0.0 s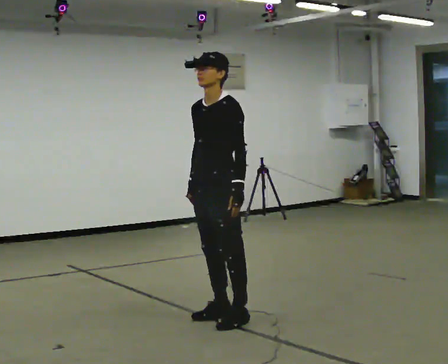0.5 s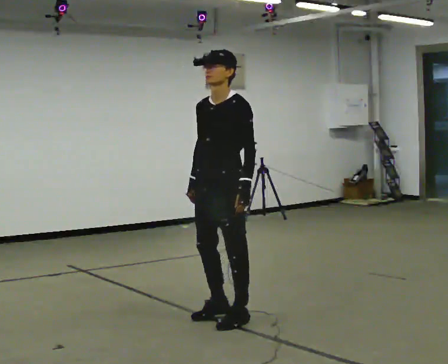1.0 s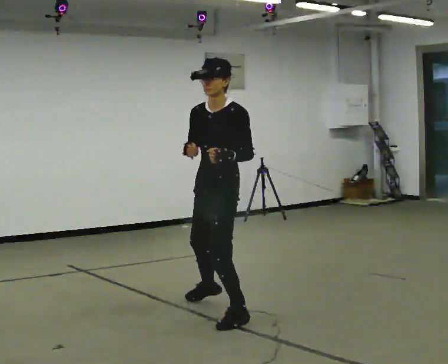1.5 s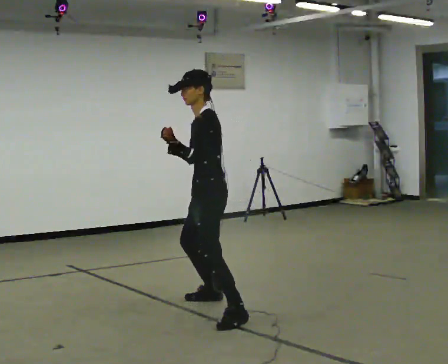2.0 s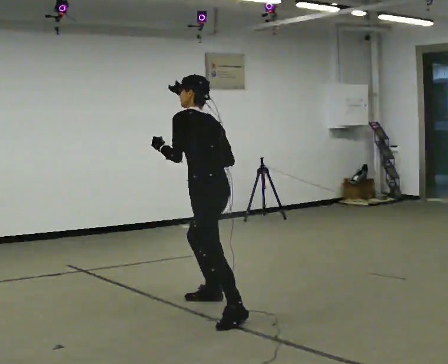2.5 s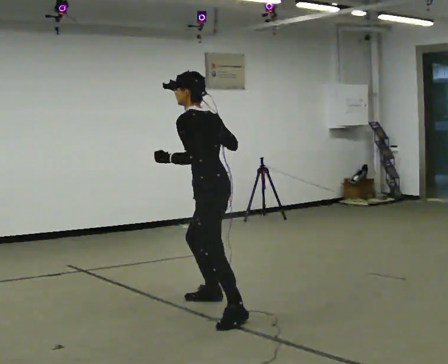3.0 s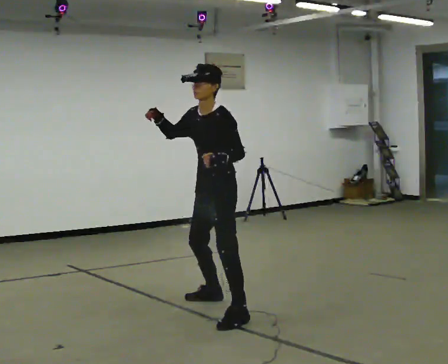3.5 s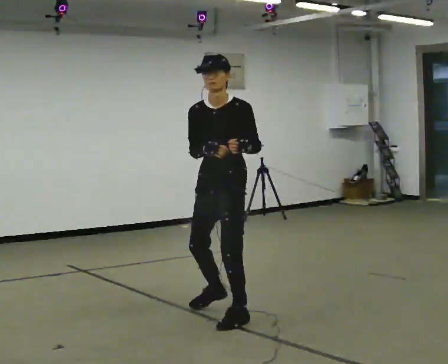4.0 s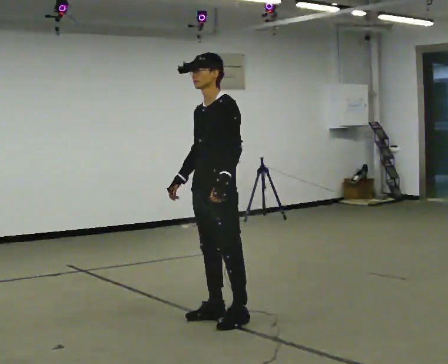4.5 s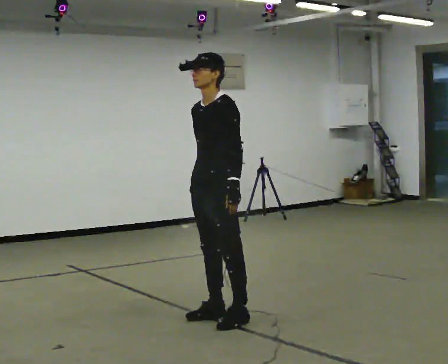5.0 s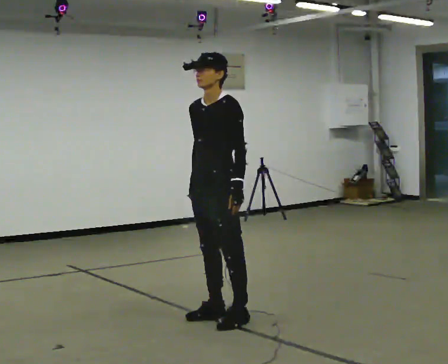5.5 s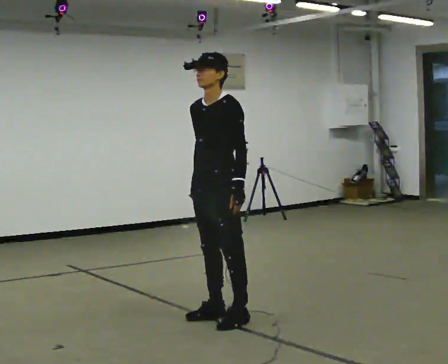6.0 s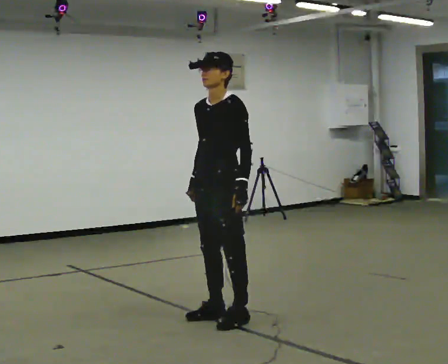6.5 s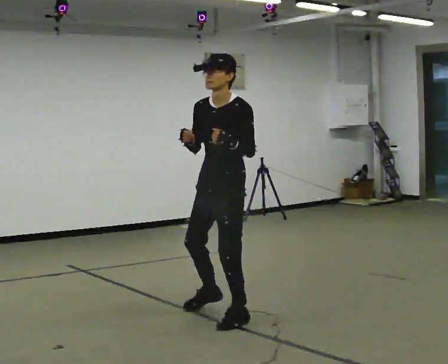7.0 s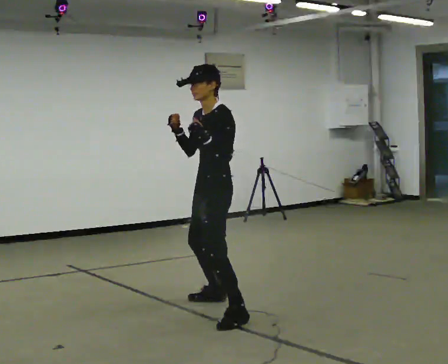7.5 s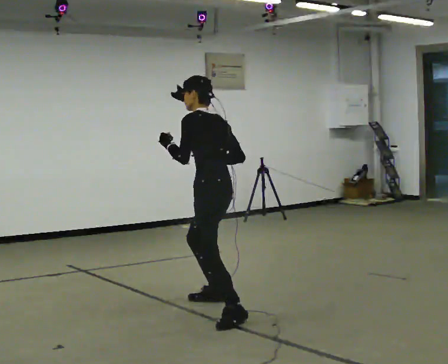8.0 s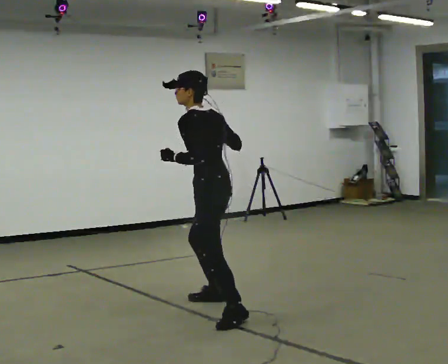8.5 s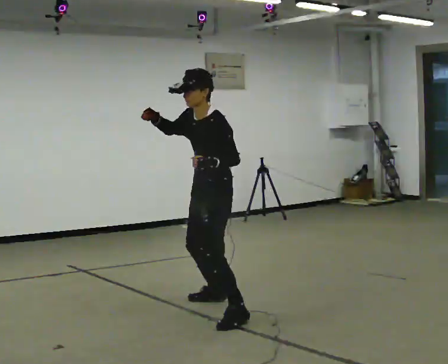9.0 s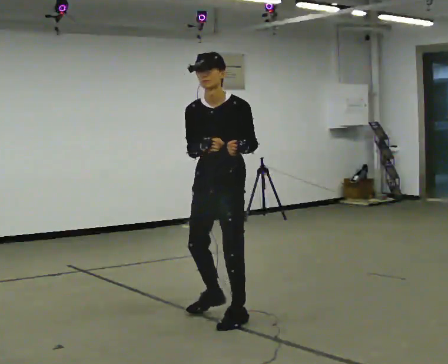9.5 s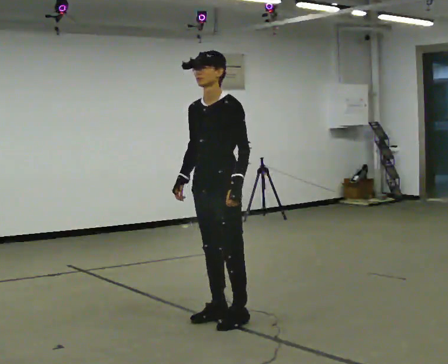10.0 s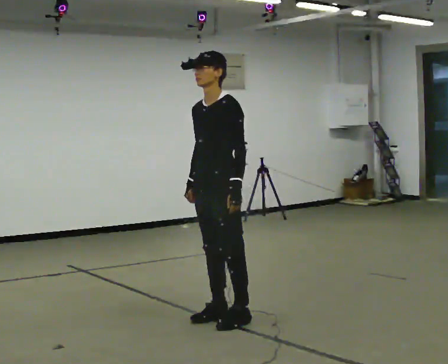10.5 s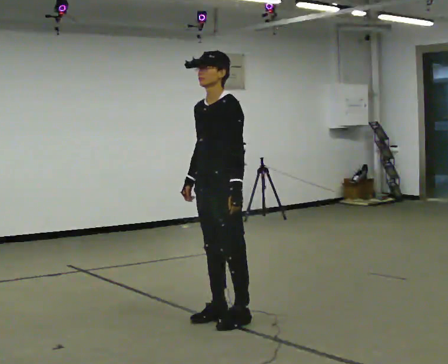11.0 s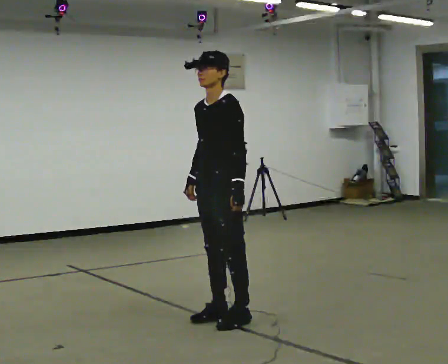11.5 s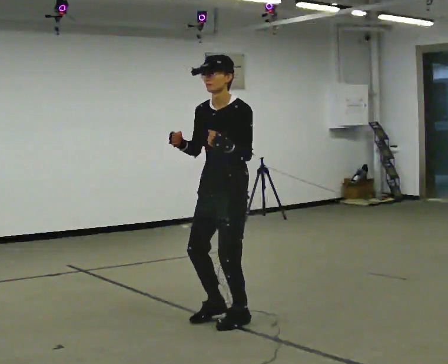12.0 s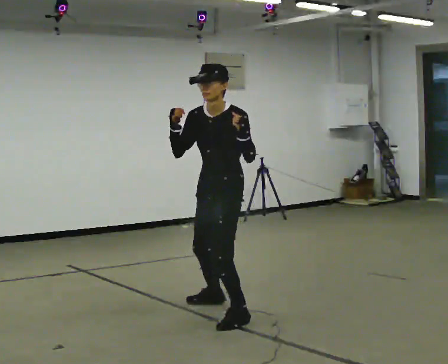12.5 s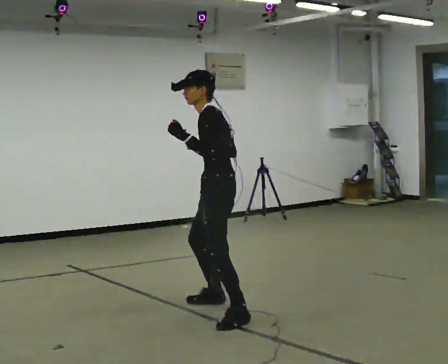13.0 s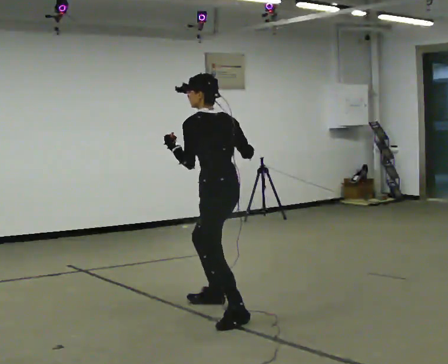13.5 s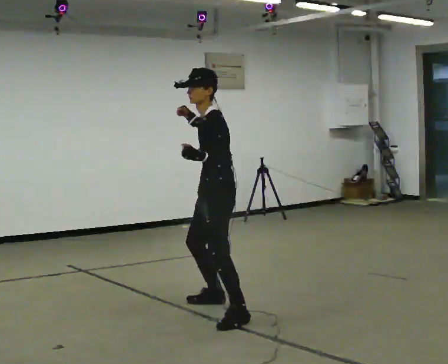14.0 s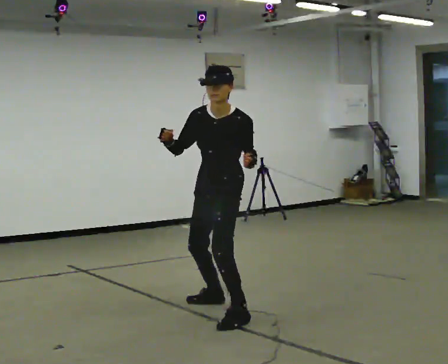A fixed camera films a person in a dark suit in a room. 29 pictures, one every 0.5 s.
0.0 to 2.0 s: The part of the body nearest the lens slides to the left as the person turns to their right by about 75 degrees. In the picture they go away from the camera, about 0.25 m in 1 step.
2.0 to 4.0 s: The person turns about 60 degrees to their left, counterclockwise seen from above, so the part of the body nearest the lens slides to the right. In the picture they go toward the camera, about 0.25 m in 1 step.
4.0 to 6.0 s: The person moves a little, or ends about where they began.
6.0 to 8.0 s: The person turns about 60 degrees to their right, clockwise seen from above, so the part of the body nearest the lens slides to the left. In the picture they go away from the camera, about 0.25 m in 1 step. In the picture their right hand goes upward.
8.0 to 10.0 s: The person turns about 45 degrees to their left, counterclockwise seen from above, so the part of the body nearest the lens slides to the right. In the picture they go toward the camera, about 0.25 m in 1 step. In the picture their right hand goes downward.
10.0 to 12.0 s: In the picture they go away from the camera, about 0.25 m in 1 step, which for them is backward and to their right. In the picture their right hand goes upward.
12.0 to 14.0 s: The person moves a little, or ends about where they began.
The film runs forward here.
